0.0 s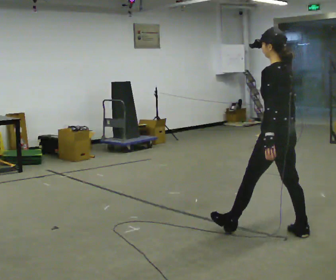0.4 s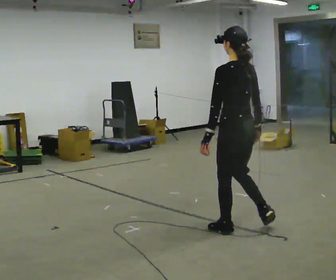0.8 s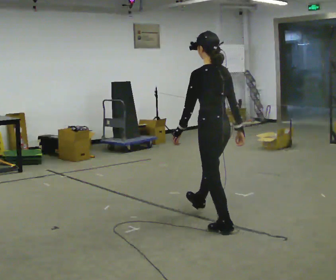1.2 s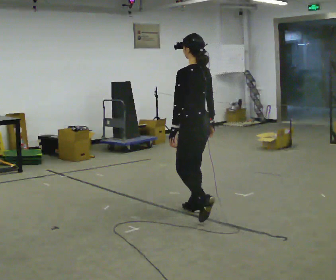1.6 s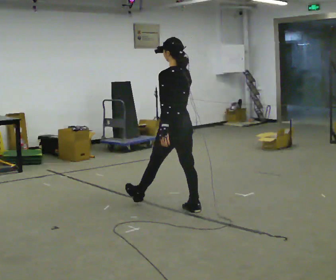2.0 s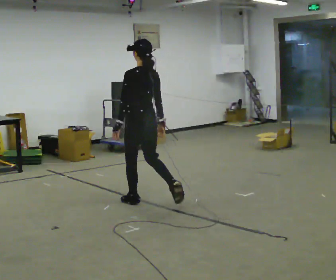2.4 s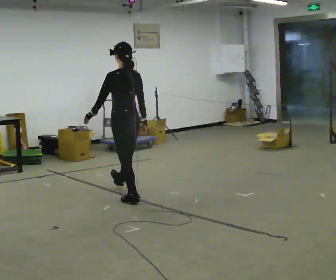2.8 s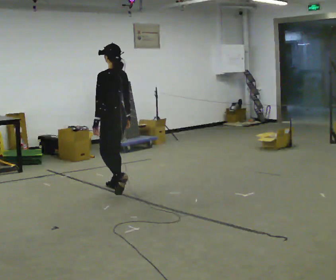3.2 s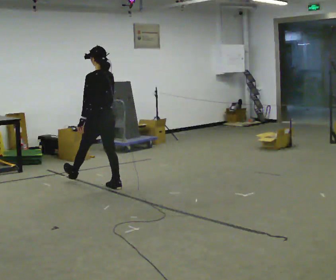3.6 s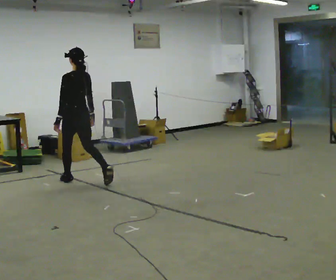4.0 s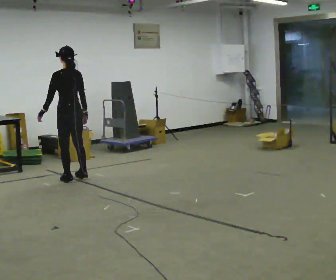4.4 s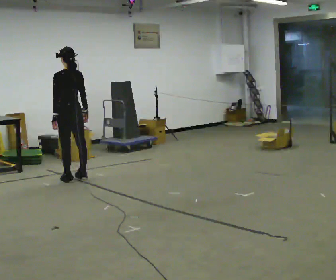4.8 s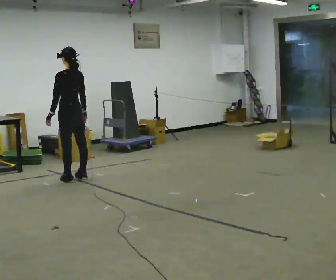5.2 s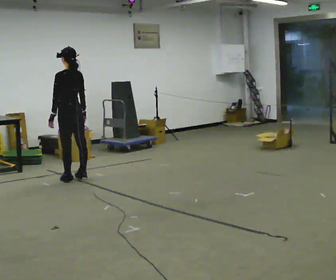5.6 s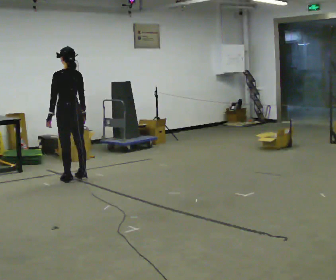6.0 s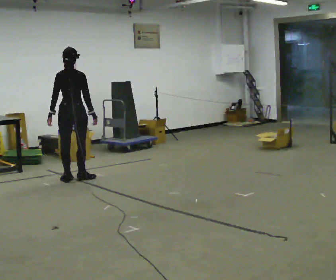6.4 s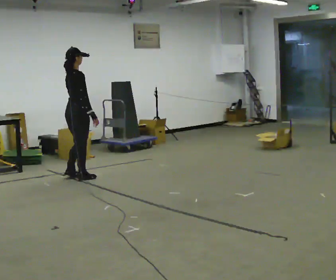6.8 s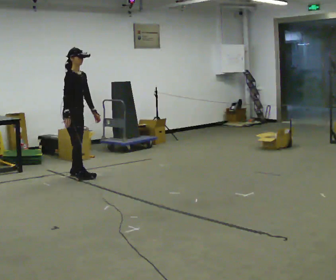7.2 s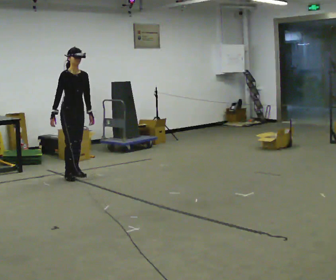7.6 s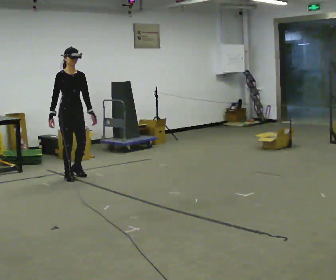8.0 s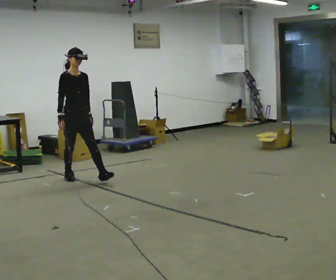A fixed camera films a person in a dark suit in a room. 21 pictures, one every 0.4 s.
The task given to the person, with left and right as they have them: Walk forward with your feet closer together than normal, or further apart than normal, as the operator states; stop.
0.0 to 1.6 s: In the picture they go away from the camera and to the left, about 1 m in 1 step, which for them is forward.
1.6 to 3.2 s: In the picture they go away from the camera and to the left, about 1 m in 2 steps, which for them is forward.
3.2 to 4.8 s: In the picture they go away from the camera and to the left, about 0.5 m in 2 steps, which for them is forward.
4.8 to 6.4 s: The person turns about 105 degrees to their right, clockwise seen from above, so the part of the body nearest the lens slides to the left. In the picture their left hand goes to the right.
6.4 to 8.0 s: The person turns about 75 degrees to their right, clockwise seen from above, so the part of the body nearest the lens slides to the left. In the picture their right hand goes to the left.
The film runs forward here.
